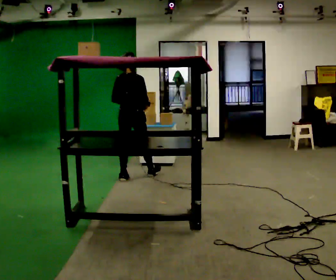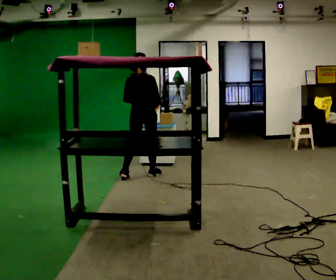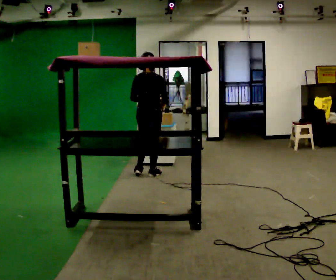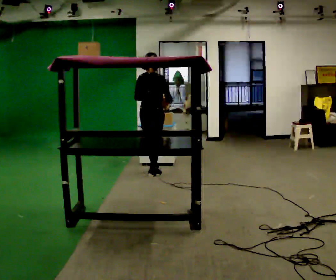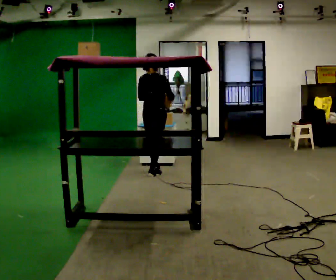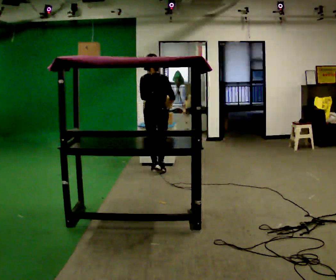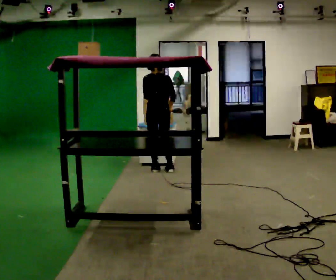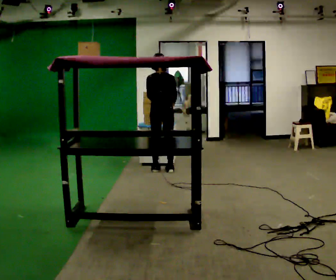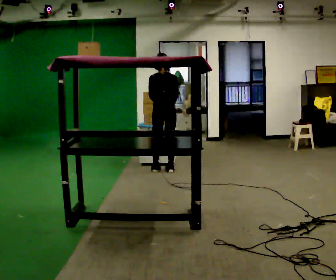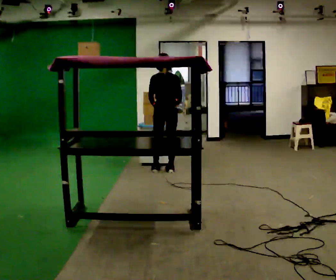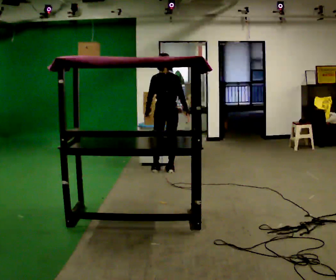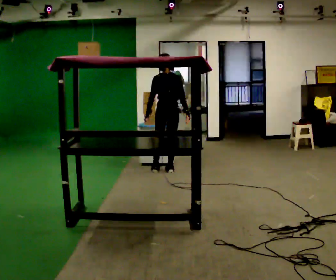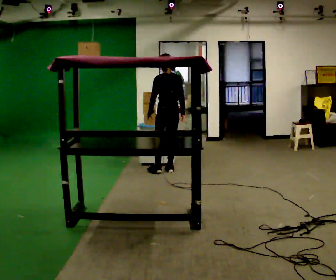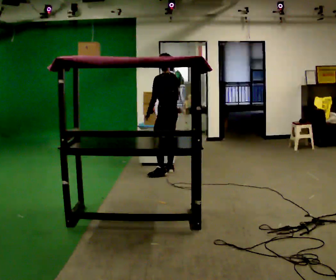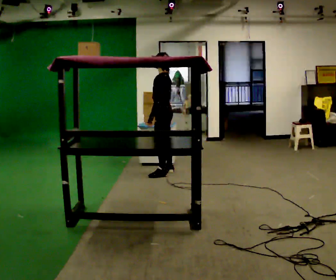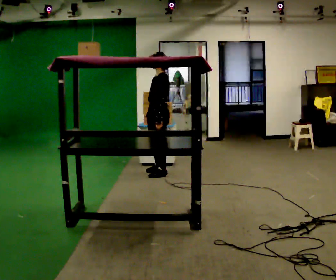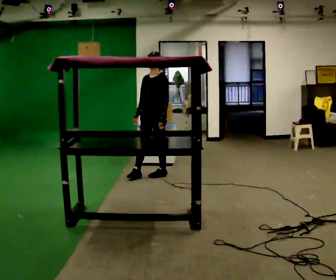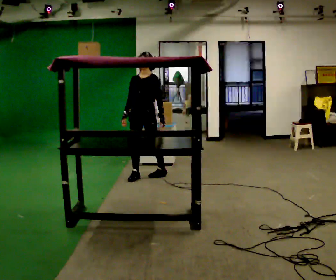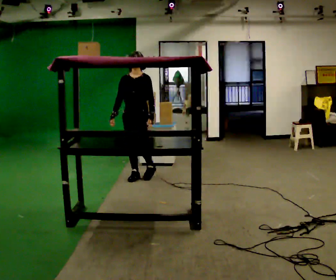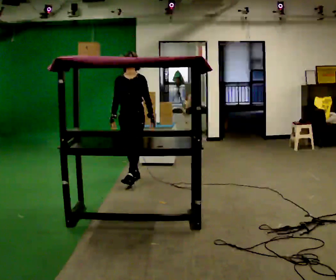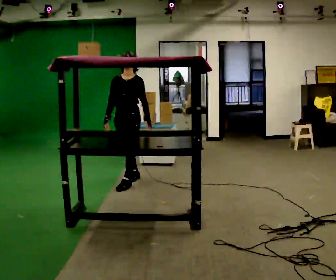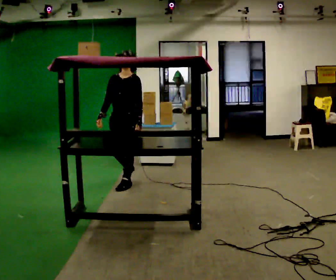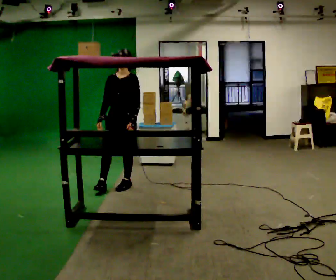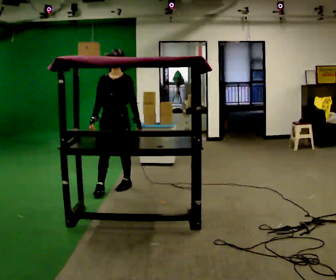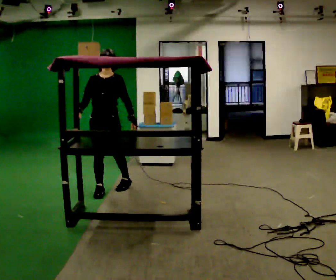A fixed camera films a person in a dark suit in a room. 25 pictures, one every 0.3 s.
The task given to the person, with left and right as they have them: Reach up into the bin on the top shelf, take out one object at a time, and carry it to the table. Keep going until the operator says stop; one object at a time, and do not rush between trips.
0.0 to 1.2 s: In the picture they go away from the camera and to the right, about 0.5 m in 1 step, which for them is forward.
1.2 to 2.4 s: The person moves a little, or ends about where they began.
2.4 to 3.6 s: The part of the body nearest the lens slides to the right as the person turns to their left by about 30 degrees.
3.6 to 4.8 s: The part of the body nearest the lens slides to the right as the person turns to their left by about 120 degrees. In the picture they go toward the camera and to the left, about 0.25 m in 1 step.
4.8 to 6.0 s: In the picture they go toward the camera and to the left, about 0.5 m in 2 steps, which for them is forward and to their right.
6.0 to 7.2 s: In the picture they go toward the camera and to the left, about 0.5 m in 1 step, which for them is forward.
The film runs forward here.
